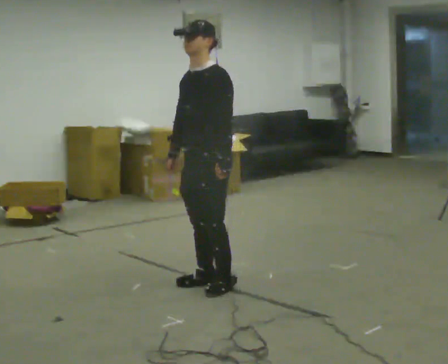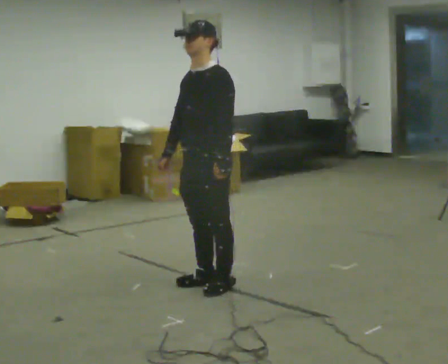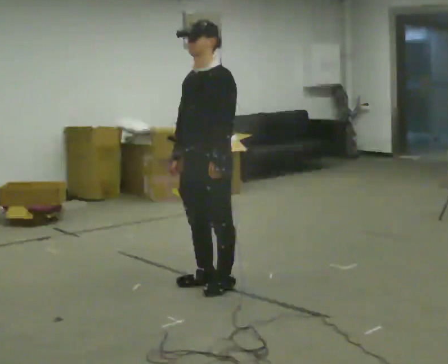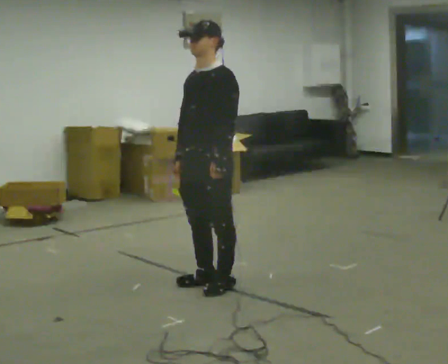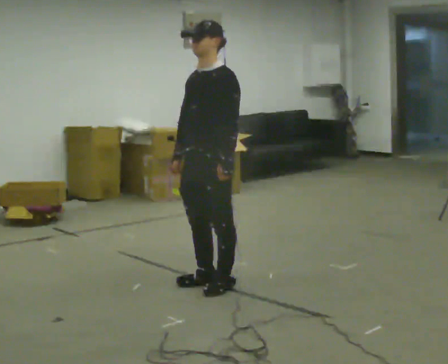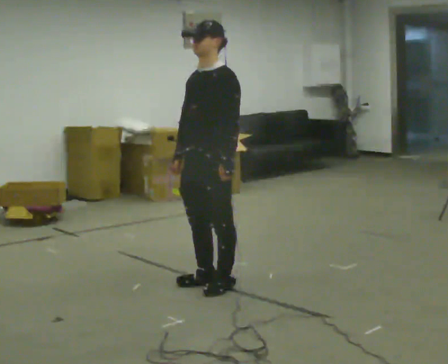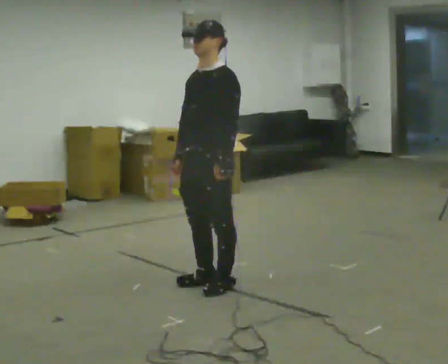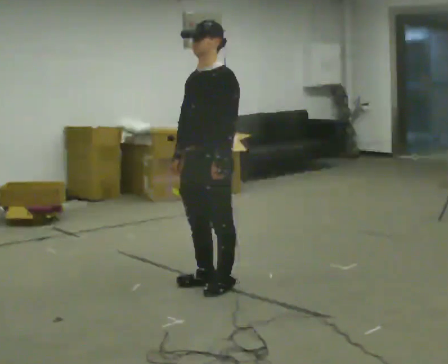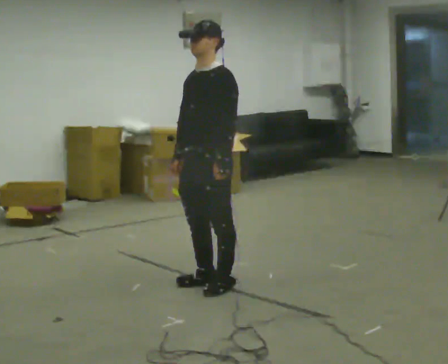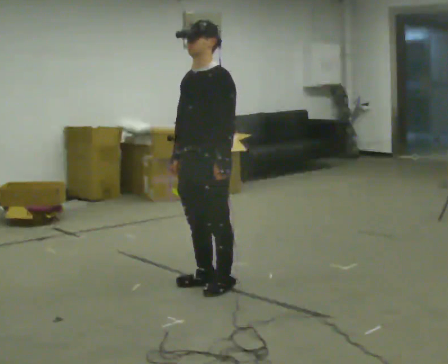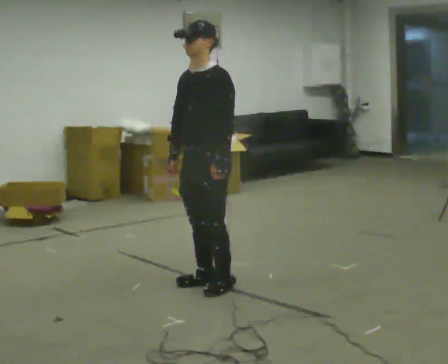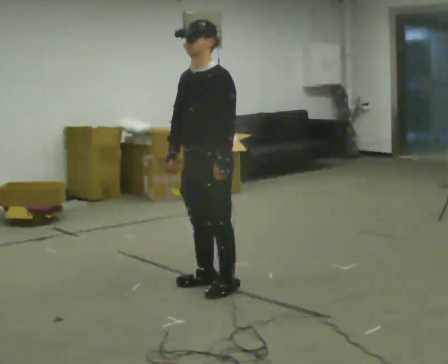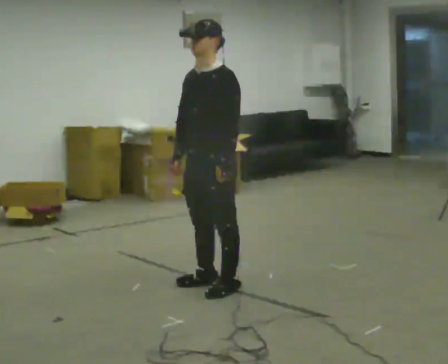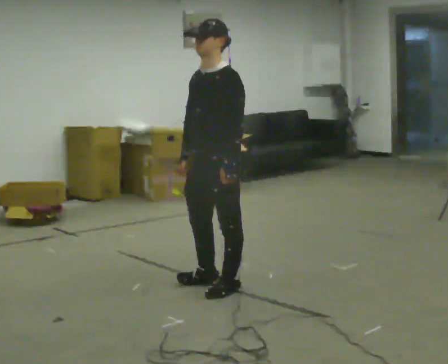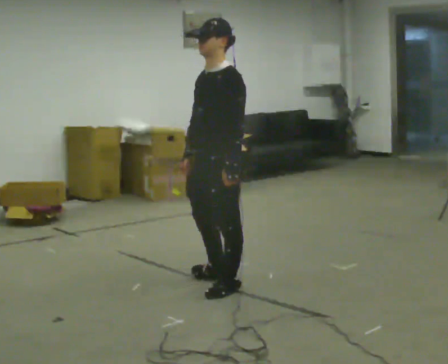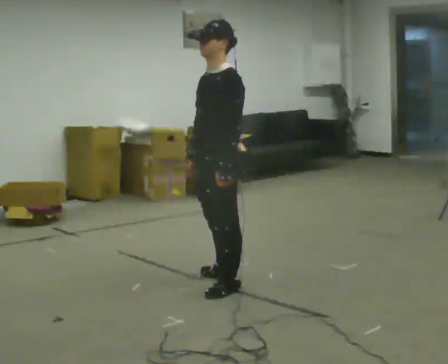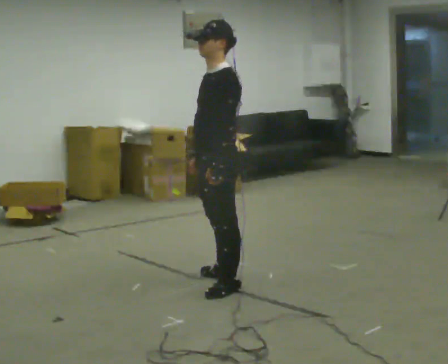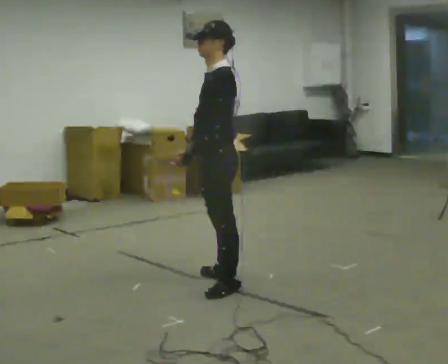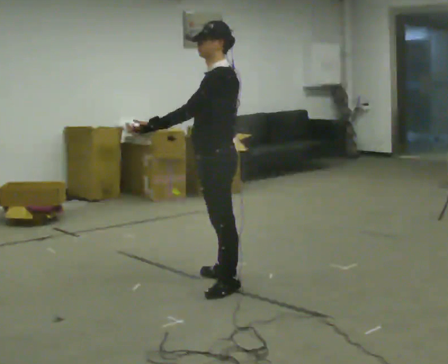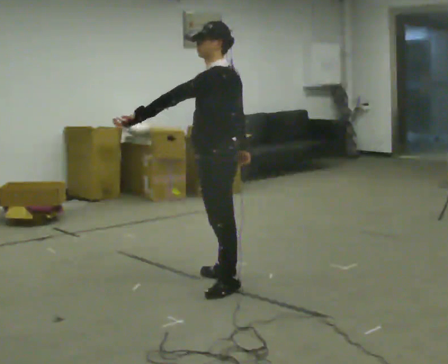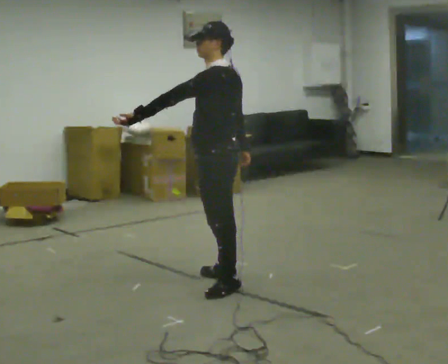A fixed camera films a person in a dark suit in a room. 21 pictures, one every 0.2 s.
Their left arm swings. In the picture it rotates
clockwise.
0.0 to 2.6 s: The person moves a little, or ends about where they began.
2.6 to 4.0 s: The part of the body nearest the lens slides to the left as the person turns to their right by about 60 degrees. In the picture their left hand goes to the left, the arm swinging clockwise.
The film runs forward here.
